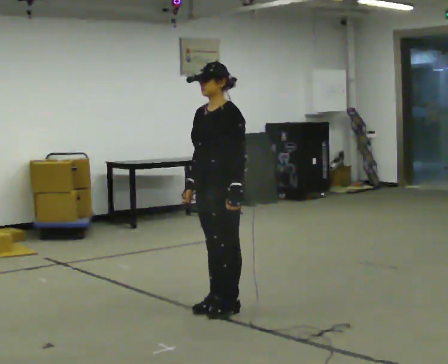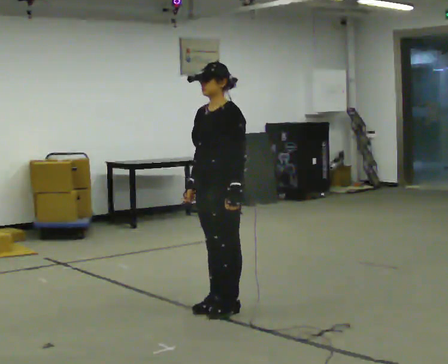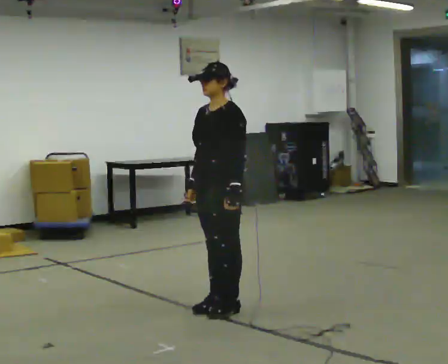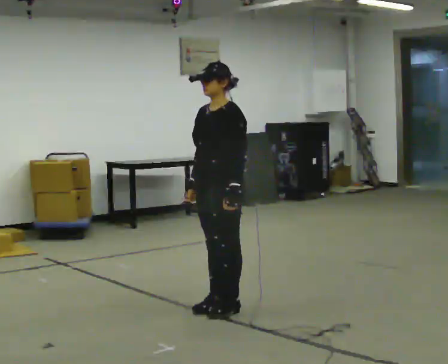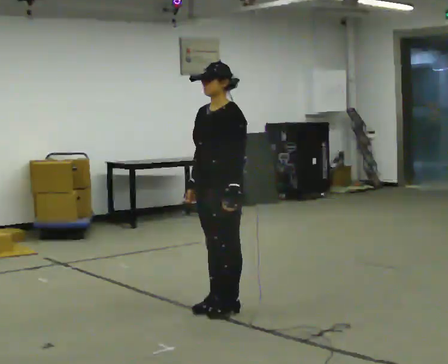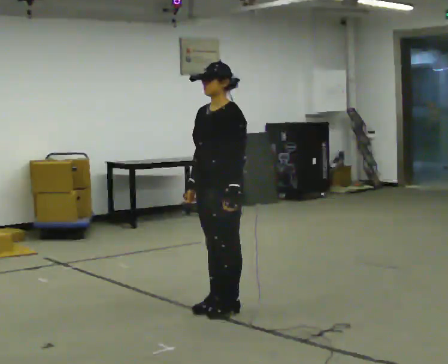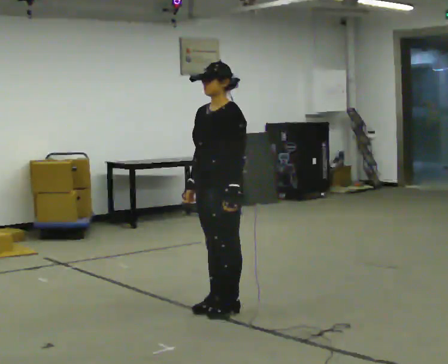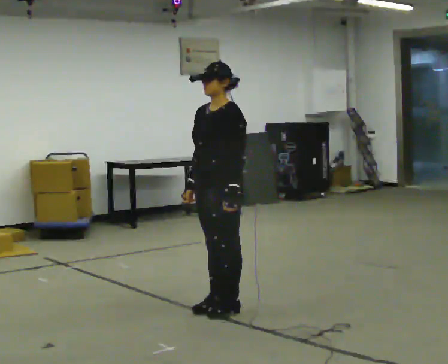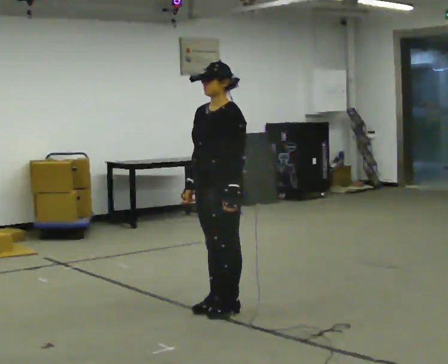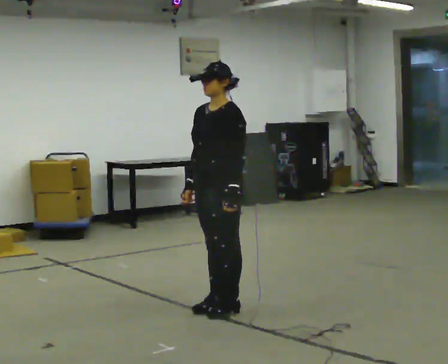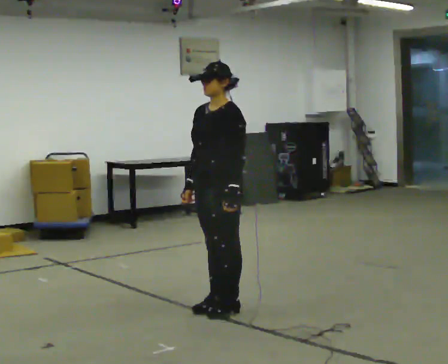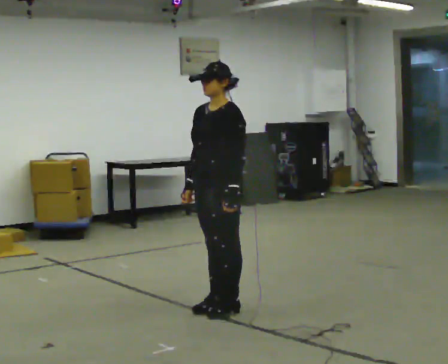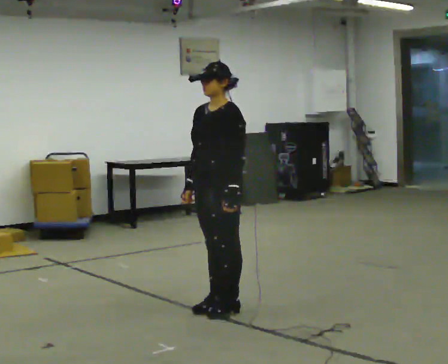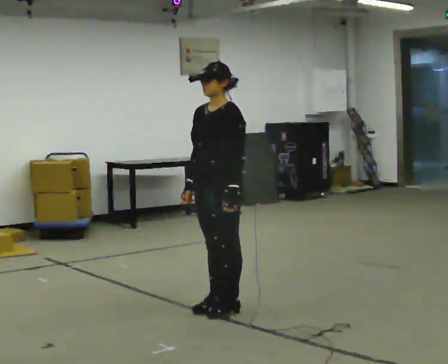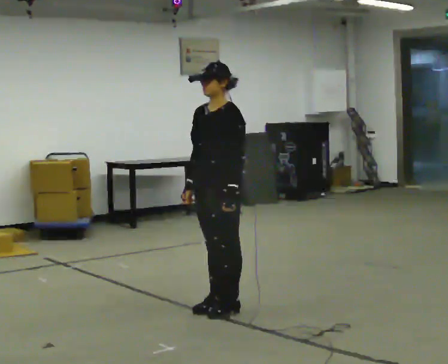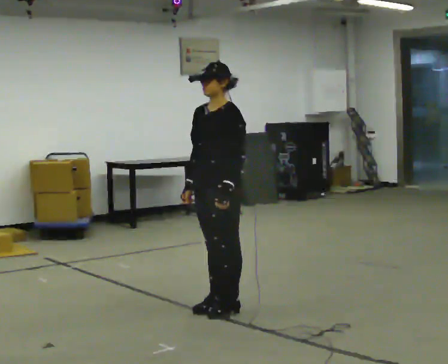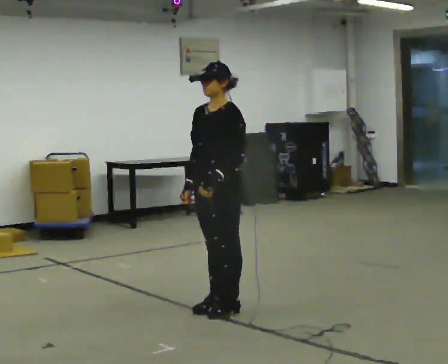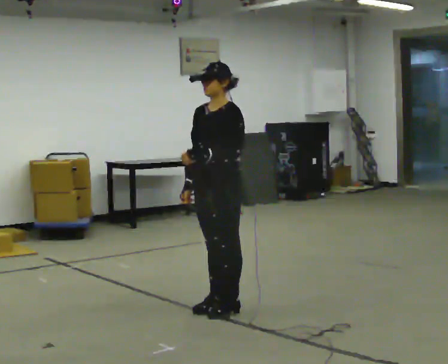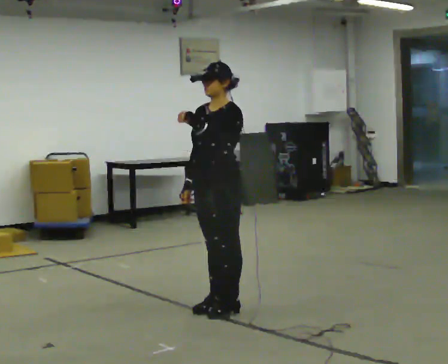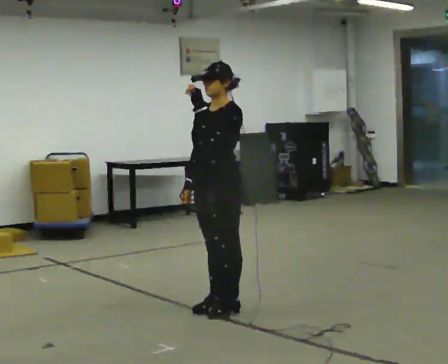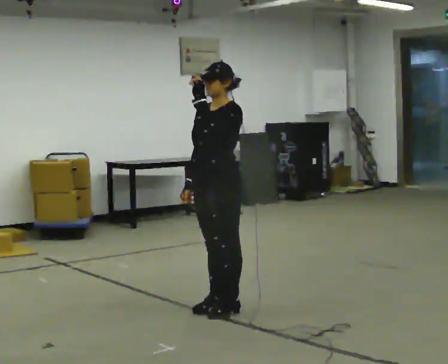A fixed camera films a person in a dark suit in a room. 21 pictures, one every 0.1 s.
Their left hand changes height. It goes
upward.
0.0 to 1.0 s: The person moves a little, or ends about where they began.
1.0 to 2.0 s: In the picture their left hand goes upward.
The film runs forward here.
